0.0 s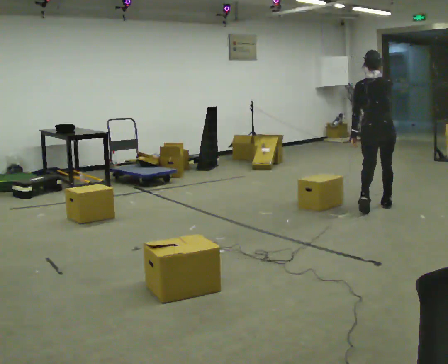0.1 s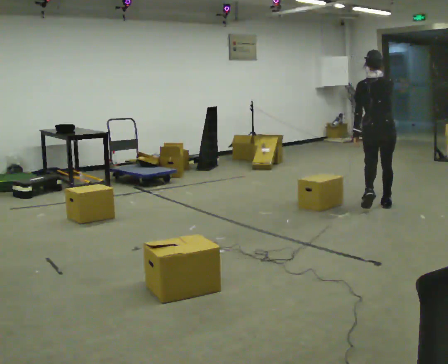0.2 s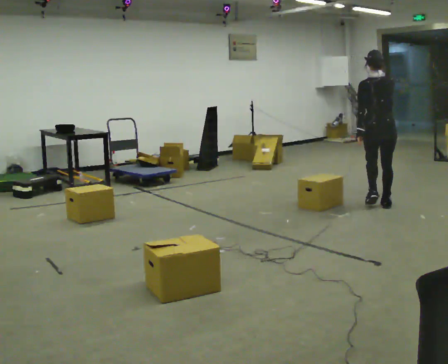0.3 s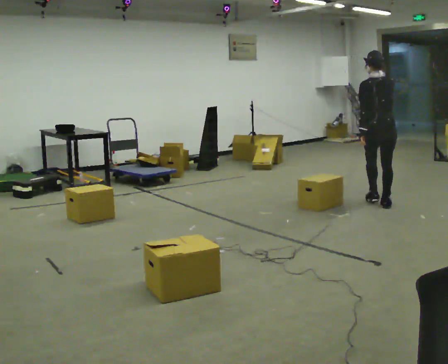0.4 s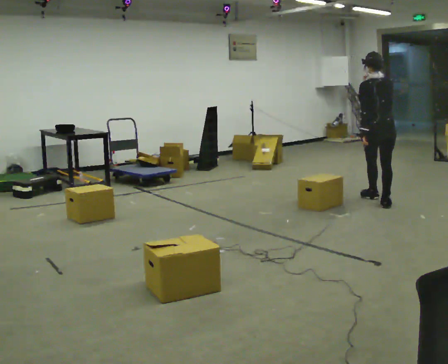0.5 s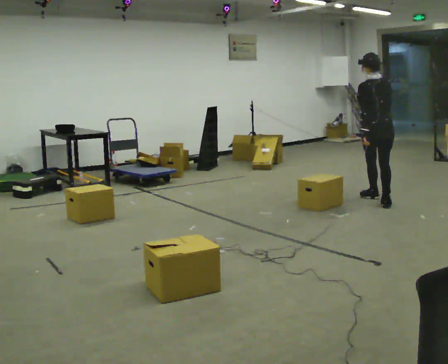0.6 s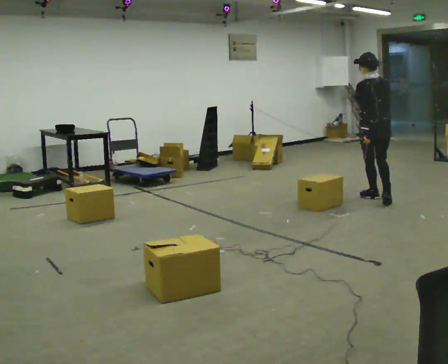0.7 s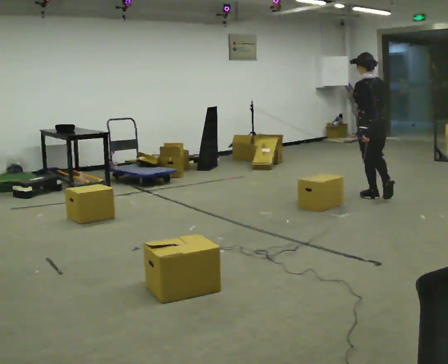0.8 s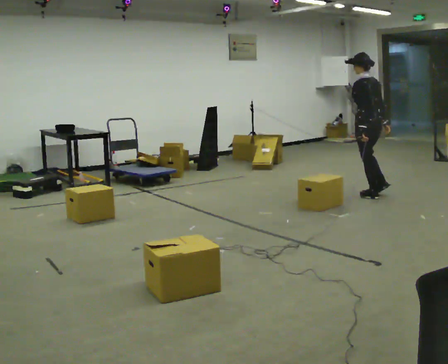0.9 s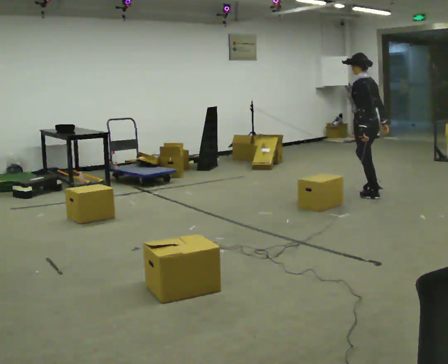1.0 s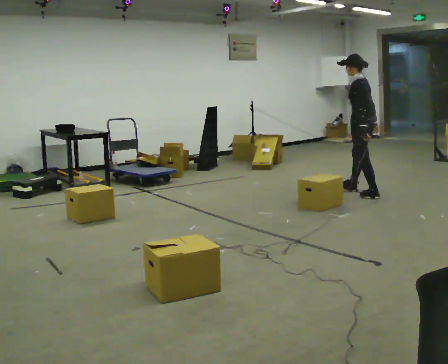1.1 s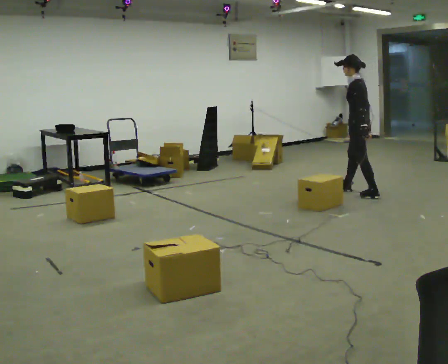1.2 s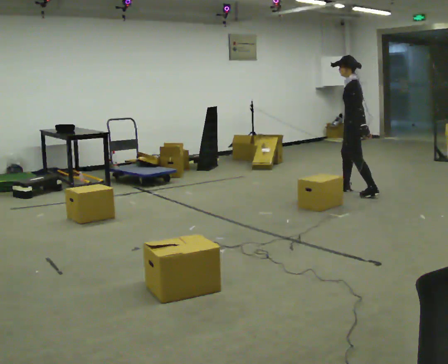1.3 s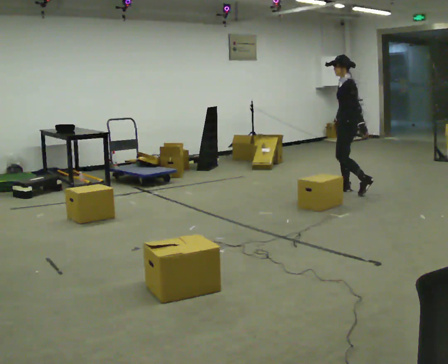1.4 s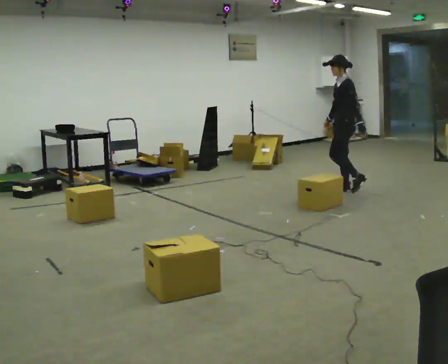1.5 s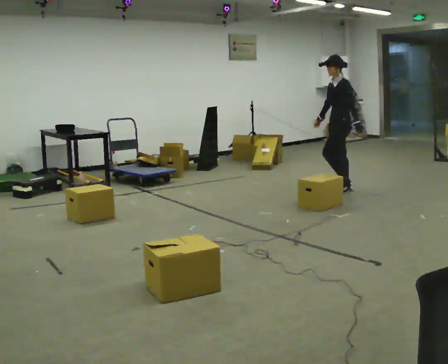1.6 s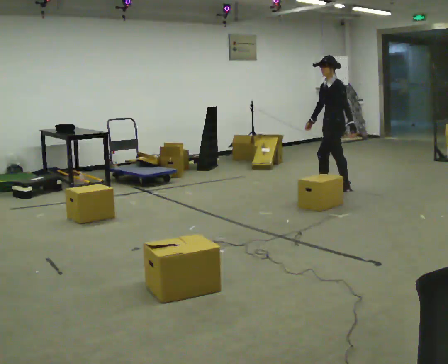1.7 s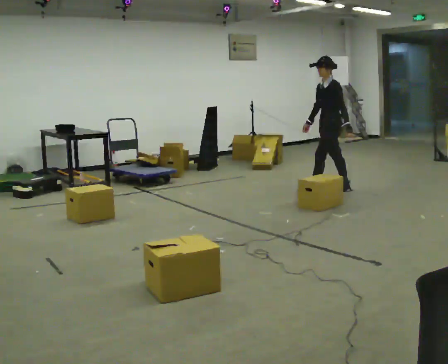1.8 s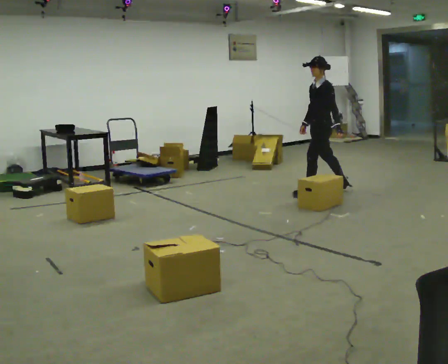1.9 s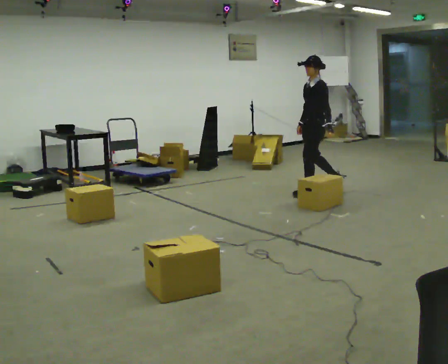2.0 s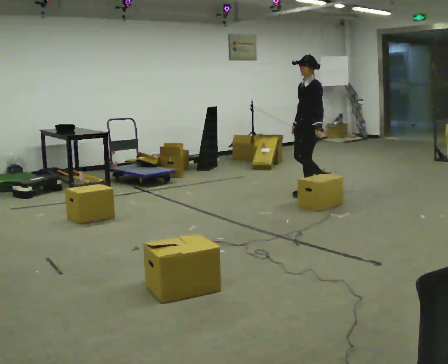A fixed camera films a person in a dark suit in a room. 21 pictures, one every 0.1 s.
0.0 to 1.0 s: The person turns about 75 degrees to their left, counterclockwise seen from above, so the part of the body nearest the lens slides to the right. In the picture they go away from the camera, about 0.75 m in 1 step. In the picture their right hand goes downward.
1.0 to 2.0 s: Seen from above the body turns counterclockwise, about 45 degrees: to their left, with its near side sliding to the right. In the picture they go to the left, about 0.75 m in 2 steps, which for them is forward and to their right.
The film runs forward here.
